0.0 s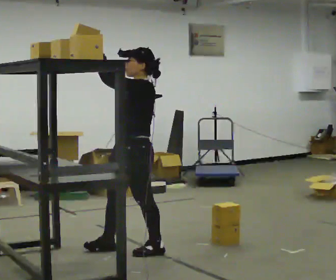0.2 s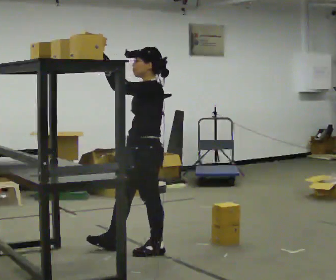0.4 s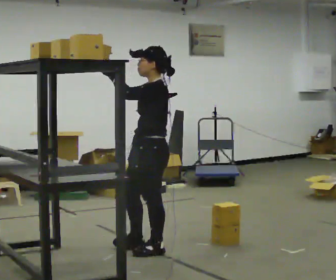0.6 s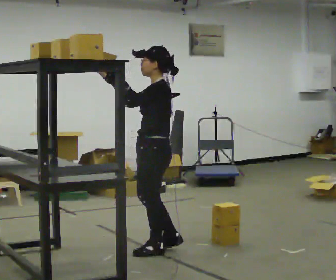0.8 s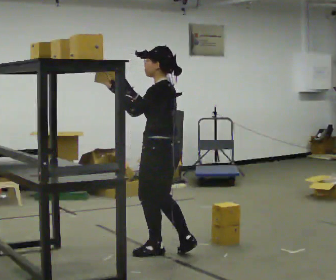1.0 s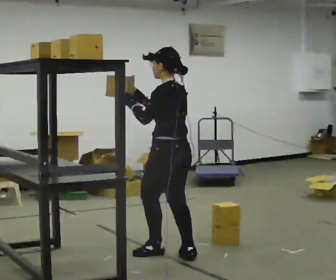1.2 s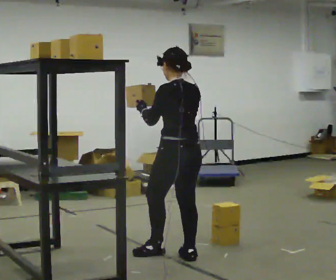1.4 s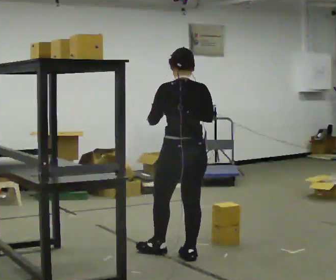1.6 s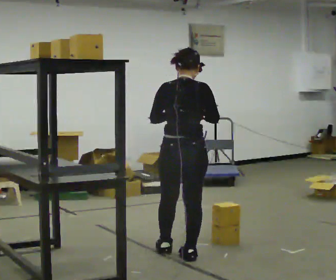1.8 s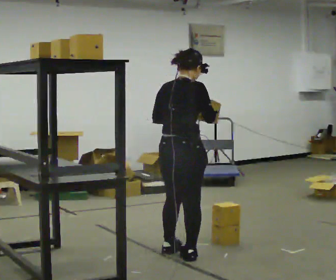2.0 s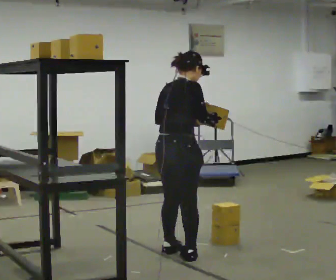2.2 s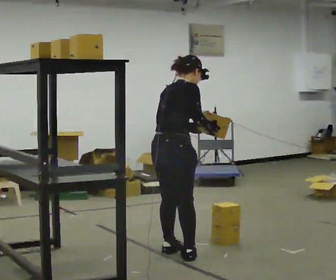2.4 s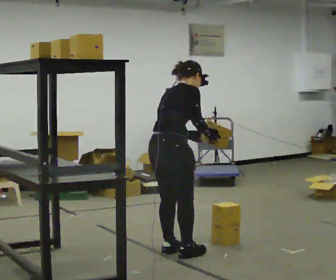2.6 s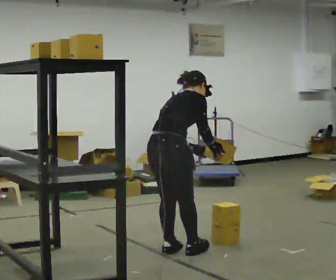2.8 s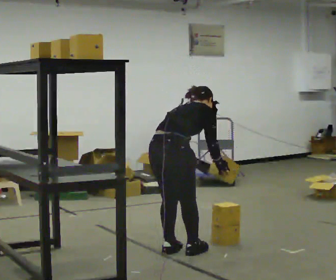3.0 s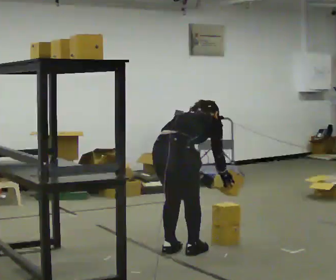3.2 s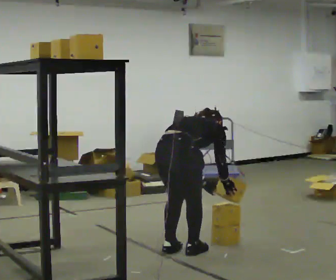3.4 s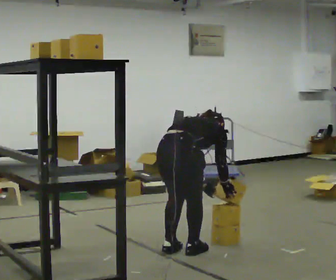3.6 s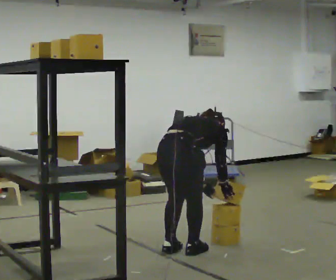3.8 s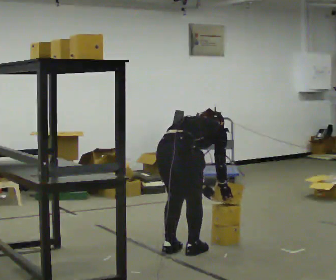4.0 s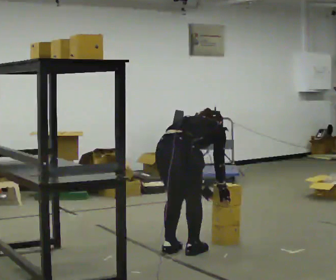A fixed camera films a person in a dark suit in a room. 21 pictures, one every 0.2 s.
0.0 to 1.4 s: The person turns about 105 degrees to their right, clockwise seen from above, so the part of the body nearest the lens slides to the left. In the picture they go to the right, about 0.25 m in 1 step. In the picture their right hand goes downward.
1.4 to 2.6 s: Seen from above the body turns clockwise, about 60 degrees: to their right, with its near side sliding to the left. The upper body tips away from the camera, its near side rolling upward, as they bend forward.
2.6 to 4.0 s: The upper body goes downward. The upper body tips away from the camera, its near side rolling upward, as they bend forward. In the picture their right hand goes downward.
The film runs forward here.
